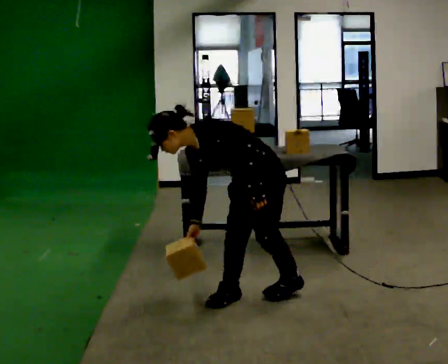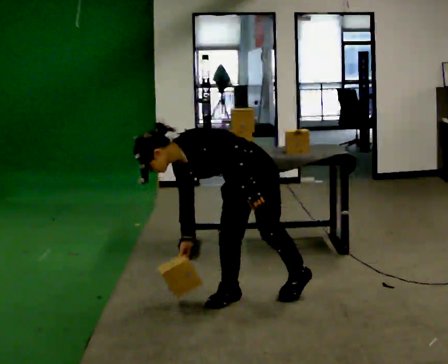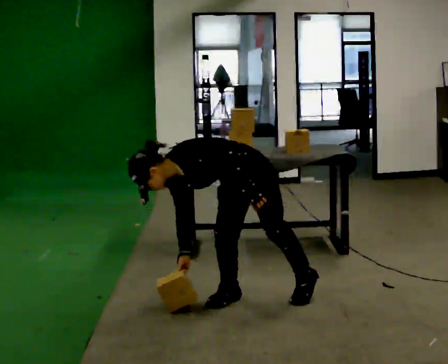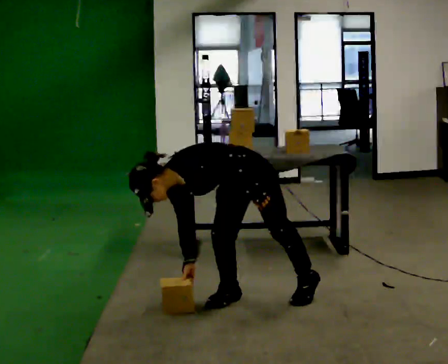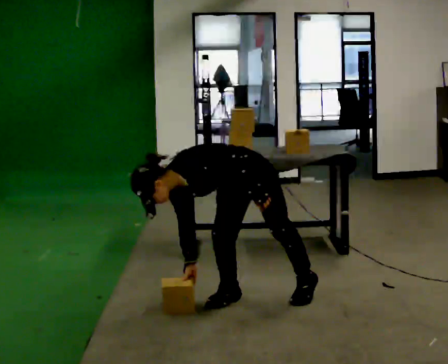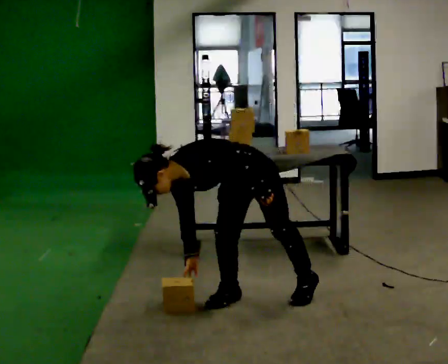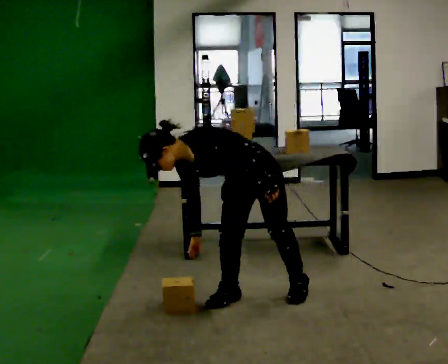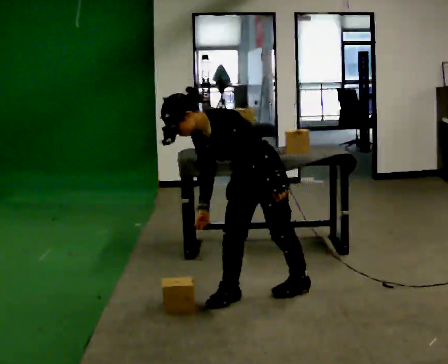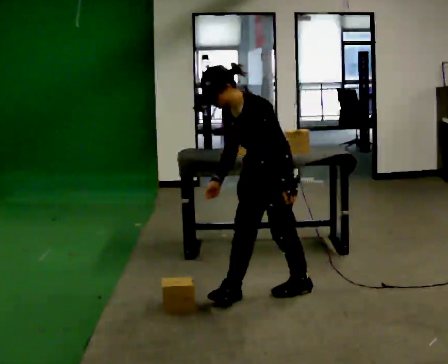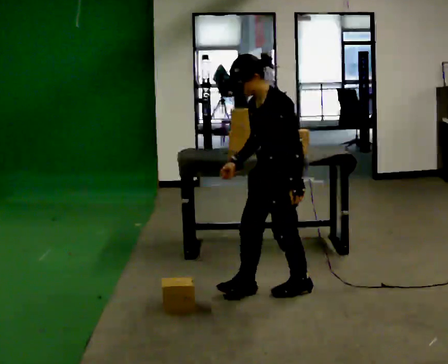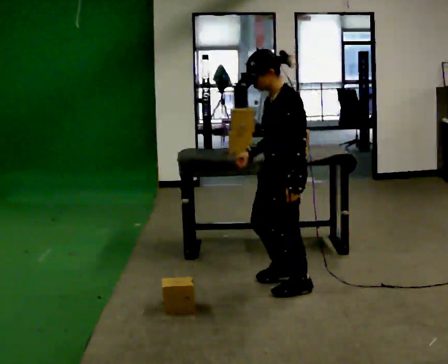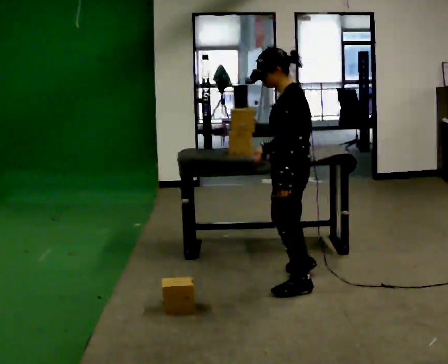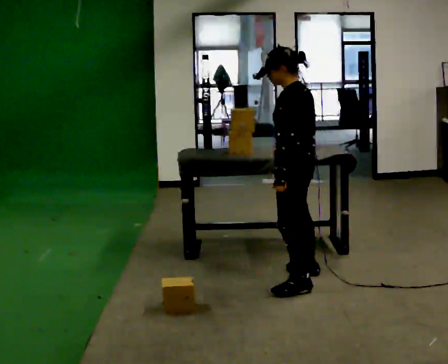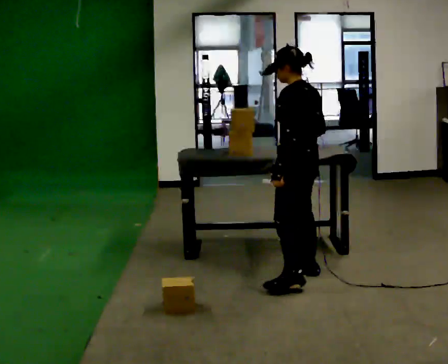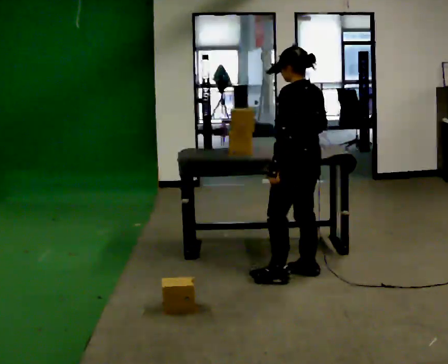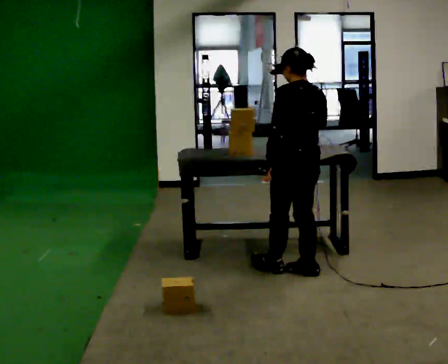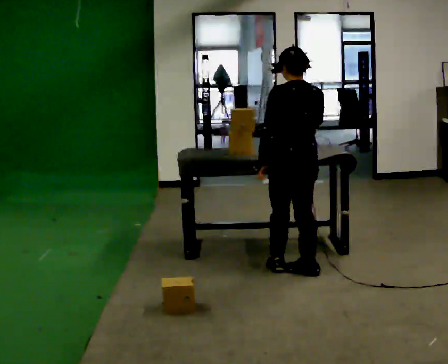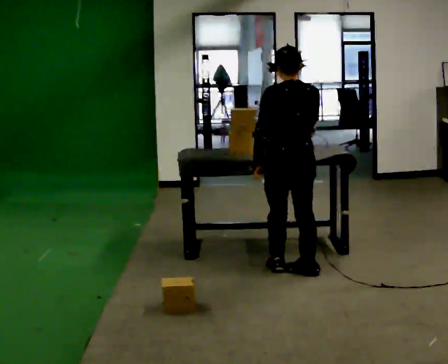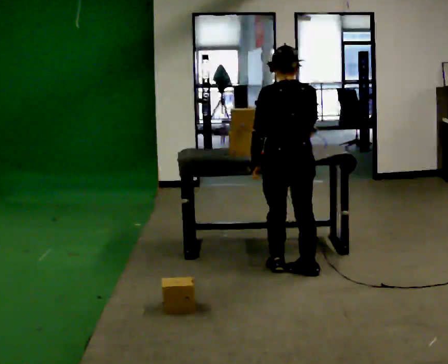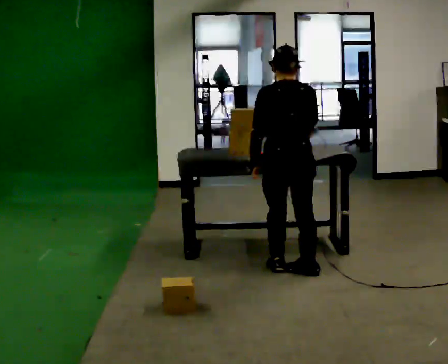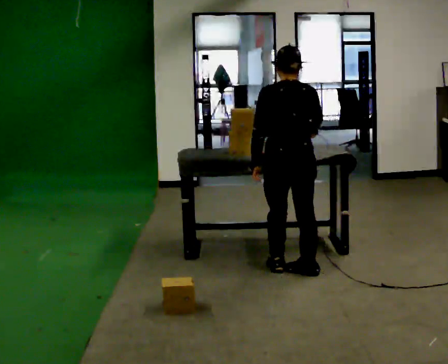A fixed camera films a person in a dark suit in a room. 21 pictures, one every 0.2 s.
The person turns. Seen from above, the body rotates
clockwise.
The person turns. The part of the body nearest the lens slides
to the left.
0.0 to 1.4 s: The person moves a little, or ends about where they began.
1.4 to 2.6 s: The part of the body nearest the lens slides to the left as the person turns to their right by about 60 degrees. In the picture they go to the right and away from the camera, about 0.5 m in 2 steps. In the picture the upper body tilts clockwise, shoulders to the right, as they lean back or straighten.
2.6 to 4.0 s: Seen from above the body turns clockwise, about 60 degrees: to their right, with its near side sliding to the left.
The film runs backward here.
